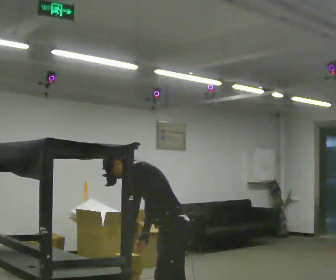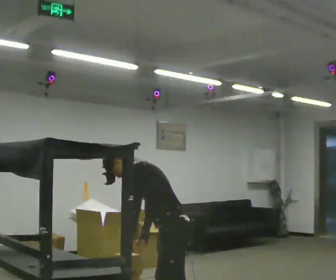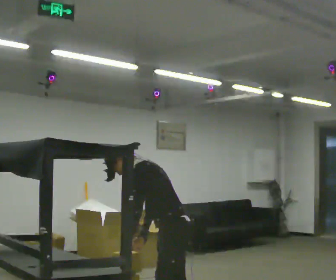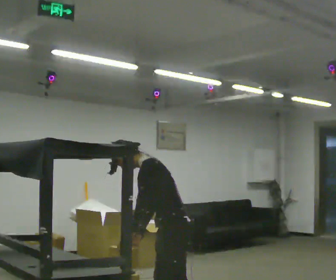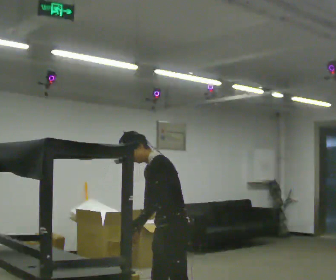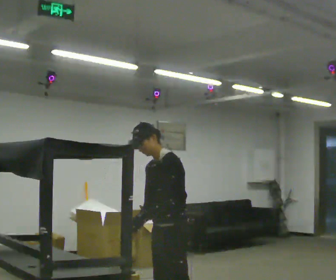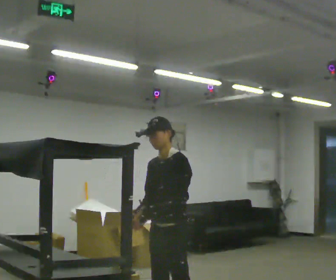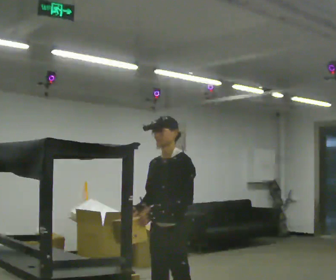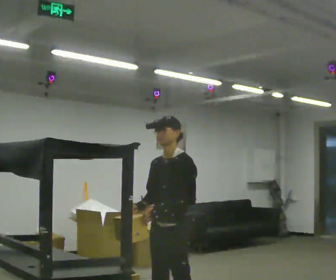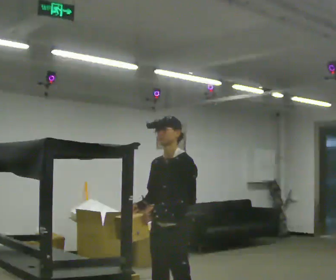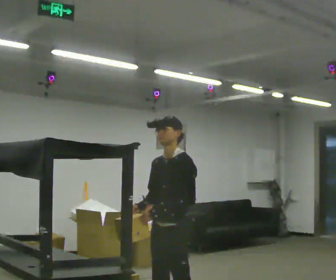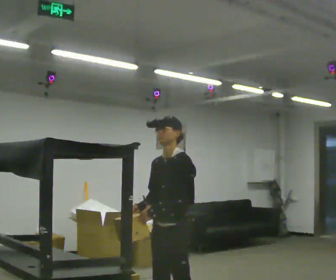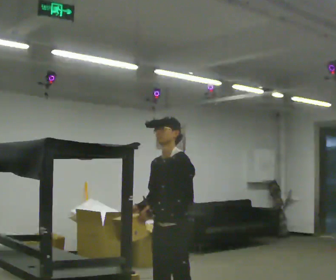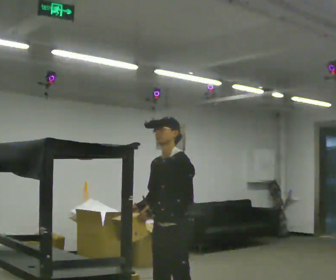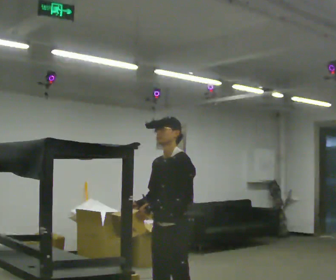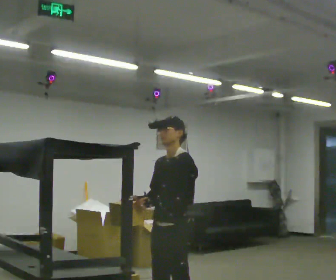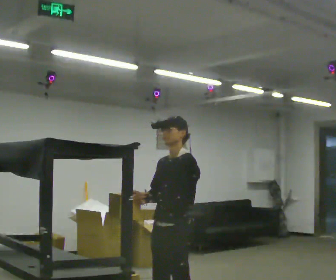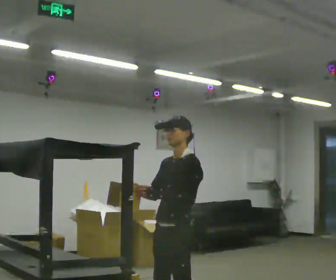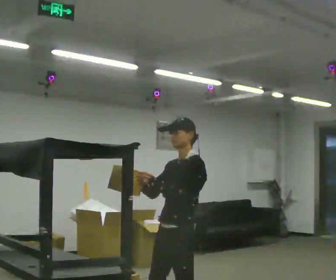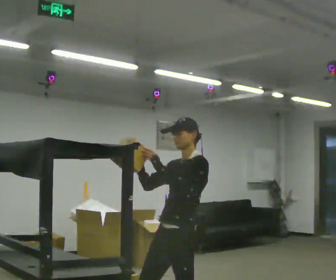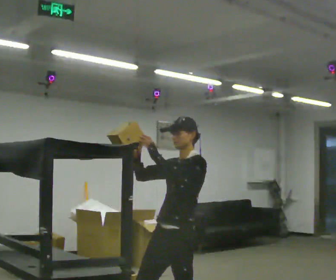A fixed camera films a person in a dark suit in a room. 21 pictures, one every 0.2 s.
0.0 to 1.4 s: The part of the body nearest the lens slides to the right as the person turns to their left by about 45 degrees. In the picture the upper body tilts clockwise, shoulders to the right, as they lean back or straighten.
1.4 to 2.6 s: The person moves a little, or ends about where they began.
2.6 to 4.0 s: In the picture they go toward the camera, about 0.25 m, which for them is to their left. In the picture the upper body tilts clockwise, shoulders to the right, as they lean back or straighten. In the picture their right hand goes upward, the arm swinging clockwise.
The film runs forward here.
